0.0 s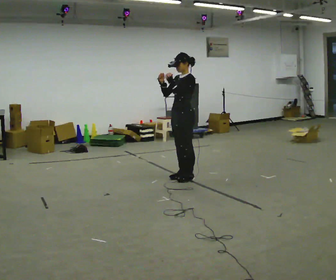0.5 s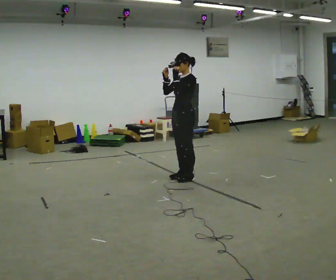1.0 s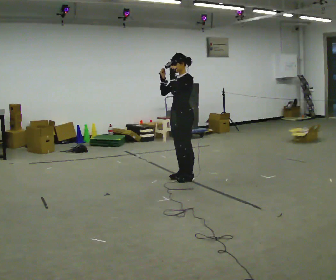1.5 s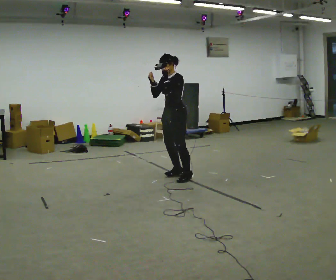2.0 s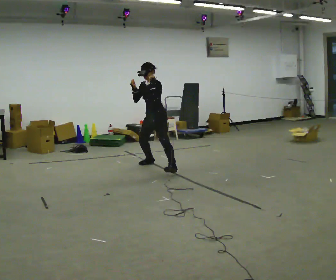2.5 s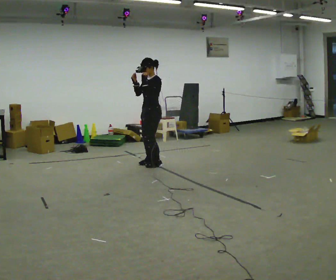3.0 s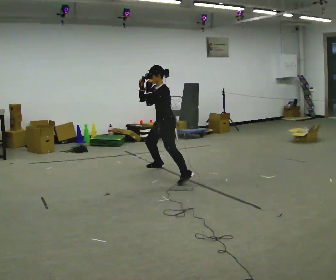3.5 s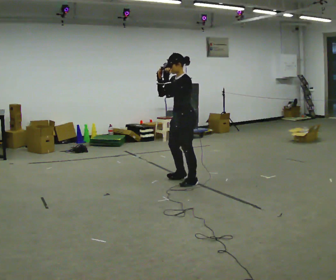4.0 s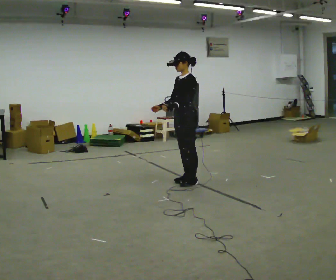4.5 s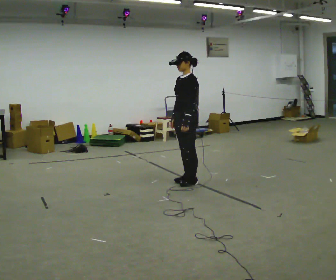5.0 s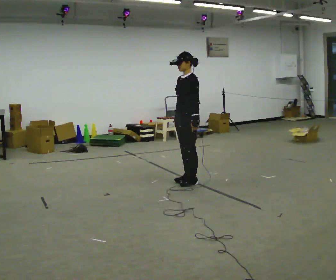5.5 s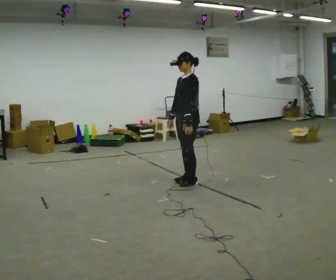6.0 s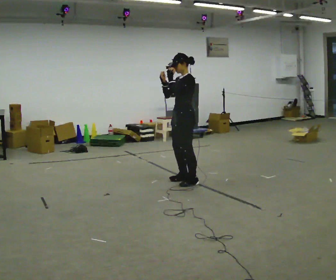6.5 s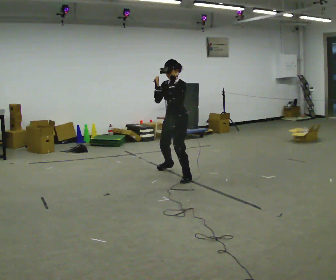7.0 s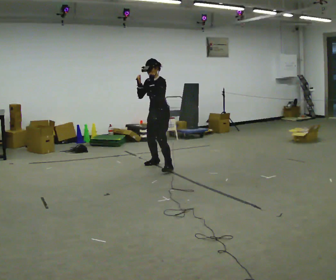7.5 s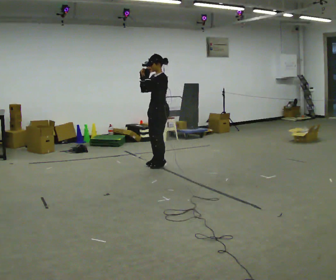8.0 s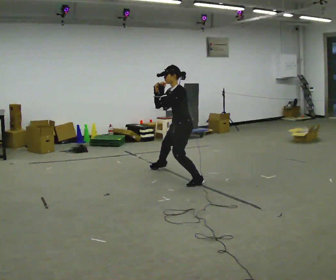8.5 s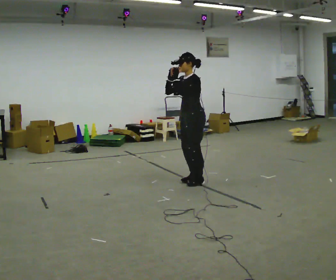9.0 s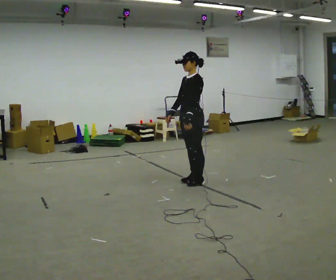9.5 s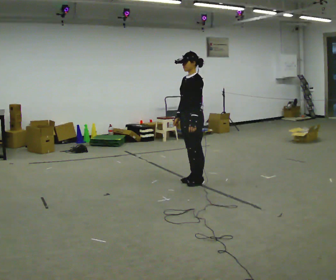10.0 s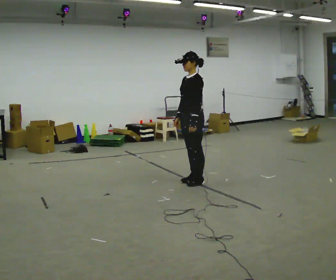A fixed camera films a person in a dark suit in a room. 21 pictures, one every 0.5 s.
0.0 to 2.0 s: In the picture they go away from the camera and to the left, about 0.5 m in 2 steps, which for them is to their right.
2.0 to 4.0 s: In the picture they go toward the camera and to the right, about 1 m in 3 steps, which for them is to their left.
4.0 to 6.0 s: In the picture their left hand goes upward.
6.0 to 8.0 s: In the picture they go away from the camera, about 0.25 m in 6 steps, which for them is to their right and backward.
8.0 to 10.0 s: In the picture they go toward the camera, about 0.25 m, which for them is to their left. In the picture the upper body tilts clockwise, shoulders to the right, as they lean back or straighten. In the picture their left hand goes downward.
The film runs backward here.
